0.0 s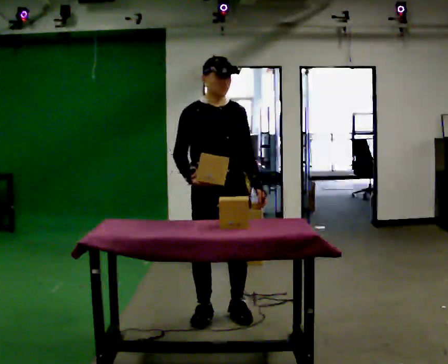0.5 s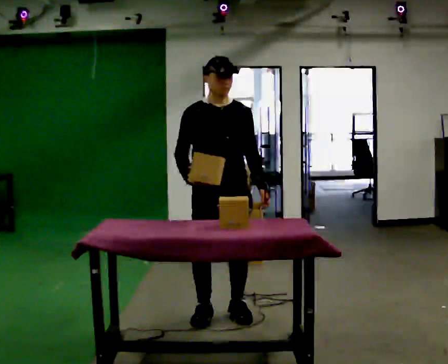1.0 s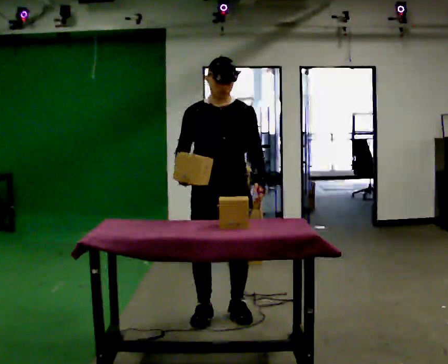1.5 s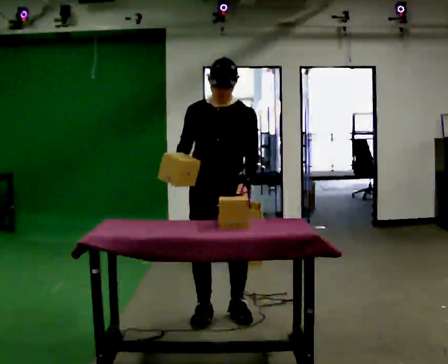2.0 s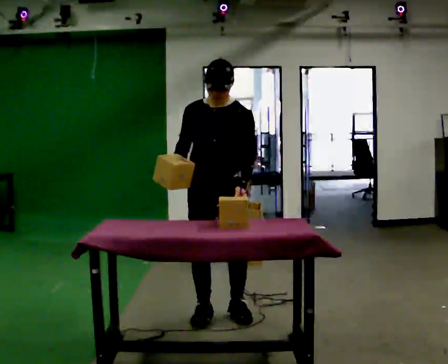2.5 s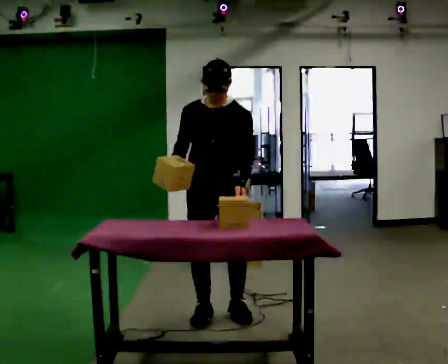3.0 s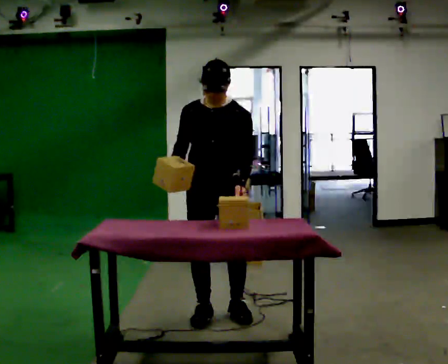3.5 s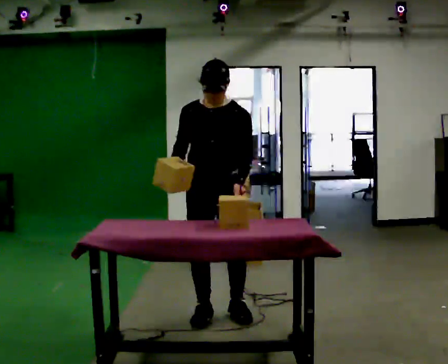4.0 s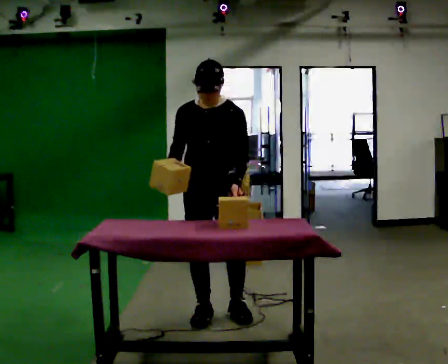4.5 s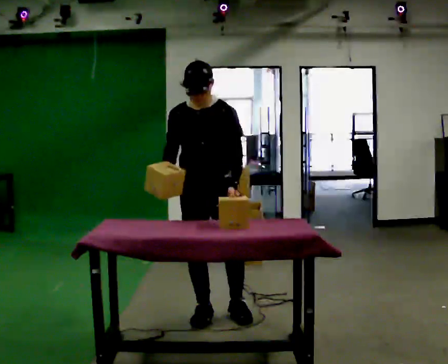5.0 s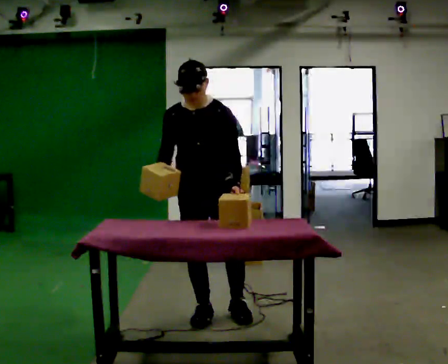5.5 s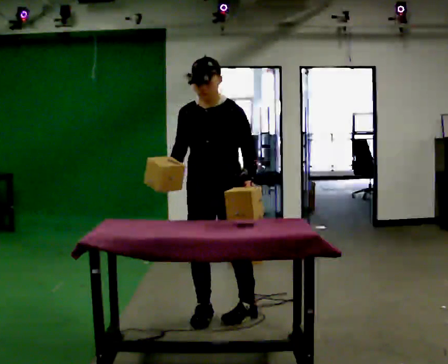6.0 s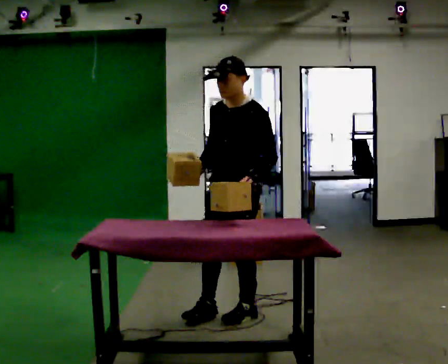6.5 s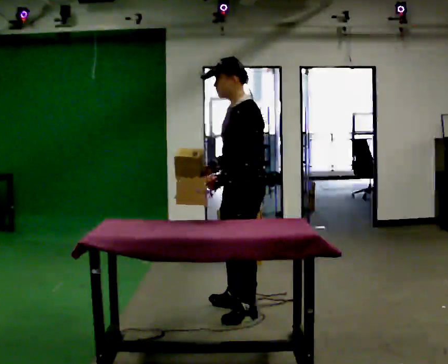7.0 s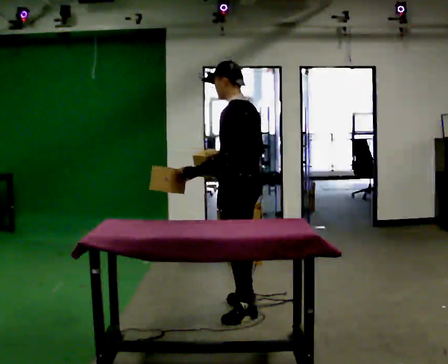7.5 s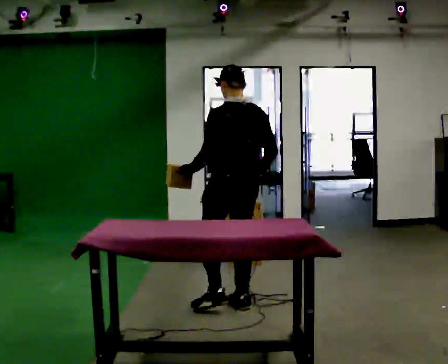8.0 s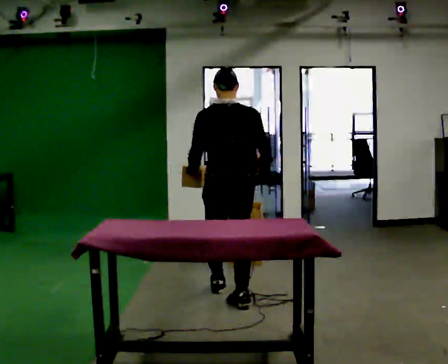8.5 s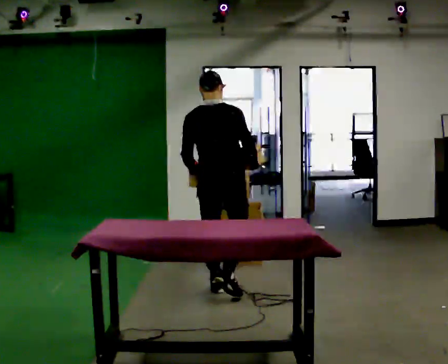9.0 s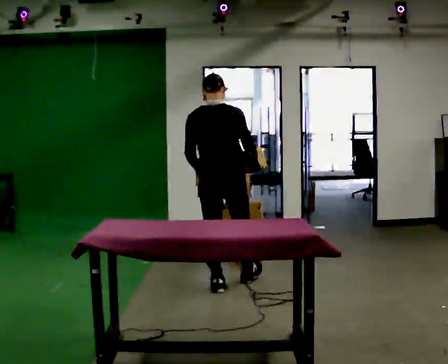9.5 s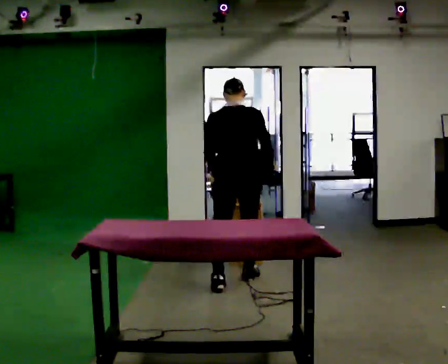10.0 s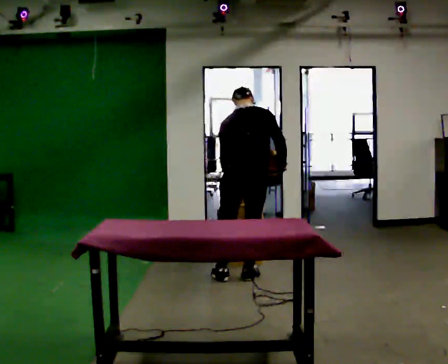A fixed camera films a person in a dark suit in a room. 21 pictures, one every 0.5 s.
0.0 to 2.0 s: The part of the body nearest the lens slides to the left as the person turns to their right by about 30 degrees.
2.0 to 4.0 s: The person moves a little, or ends about where they began.
4.0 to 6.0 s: The person turns about 30 degrees to their right, clockwise seen from above, so the part of the body nearest the lens slides to the left. In the picture they go to the right, about 0.25 m, which for them is to their left.
6.0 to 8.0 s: The person turns about 135 degrees to their right, clockwise seen from above, so the part of the body nearest the lens slides to the left. In the picture they go away from the camera, about 0.5 m in 2 steps.
8.0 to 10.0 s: In the picture they go away from the camera, about 0.5 m in 1 step, which for them is forward. The upper body tips away from the camera, its near side rolling upward, as they bend forward.
The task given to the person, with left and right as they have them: Carry two objects across the room, then put just one of them on the shelf while still holding the other. Then bring them both back. Keep going until the operator says stop; one object at a time, and do not rush between trips.
The film runs forward here.
